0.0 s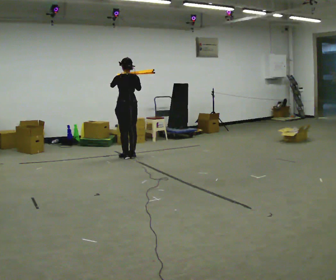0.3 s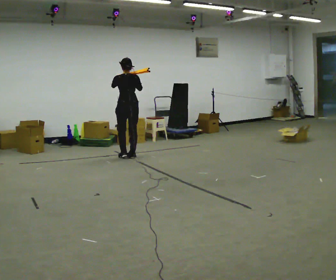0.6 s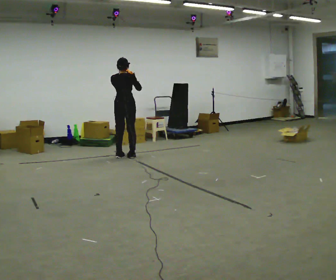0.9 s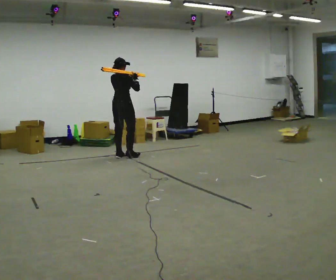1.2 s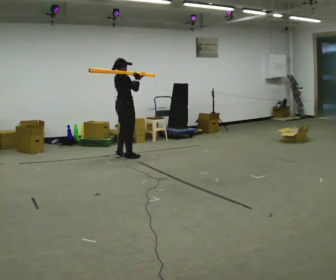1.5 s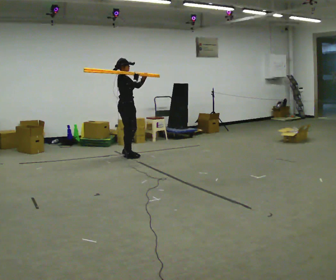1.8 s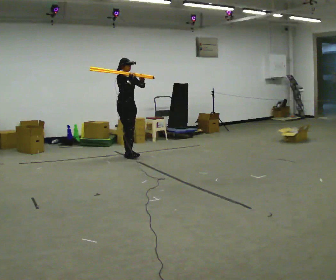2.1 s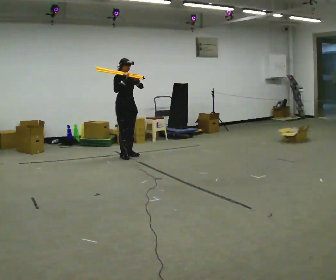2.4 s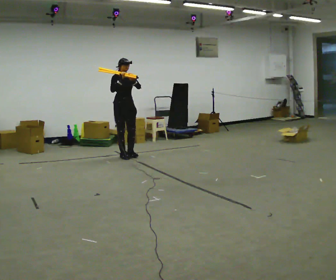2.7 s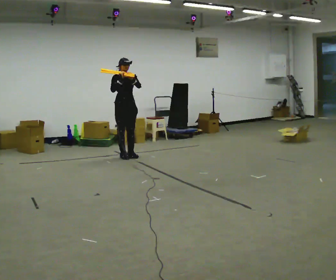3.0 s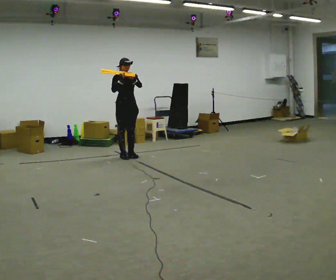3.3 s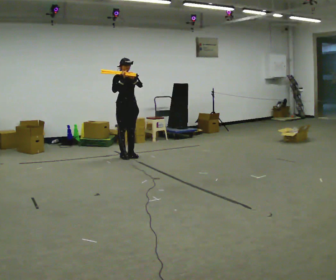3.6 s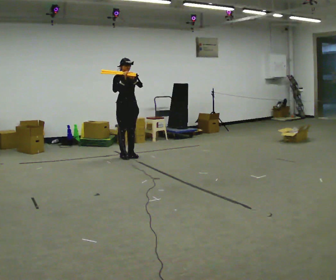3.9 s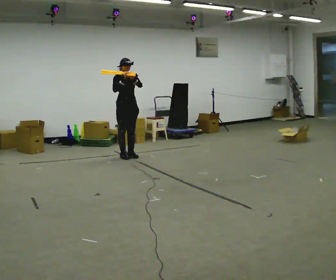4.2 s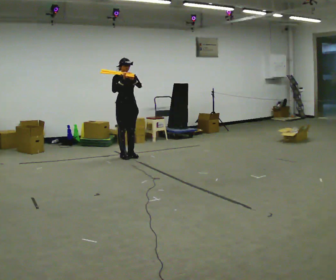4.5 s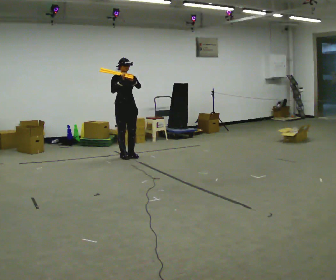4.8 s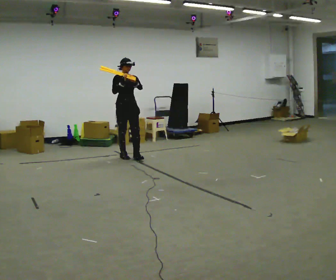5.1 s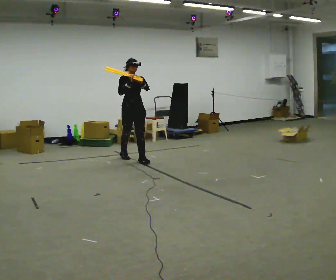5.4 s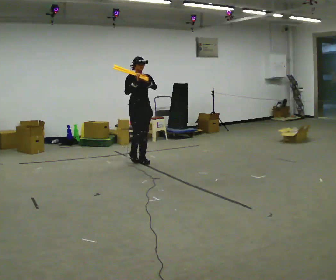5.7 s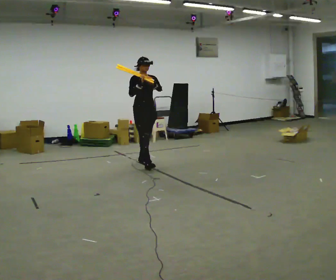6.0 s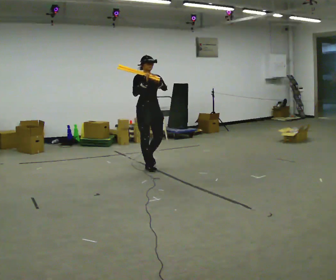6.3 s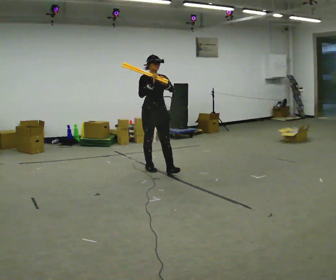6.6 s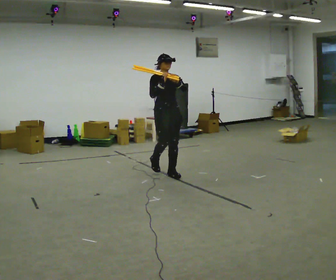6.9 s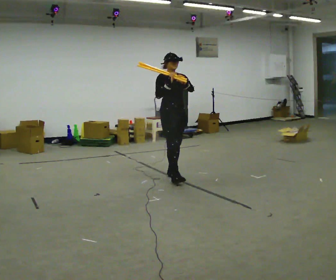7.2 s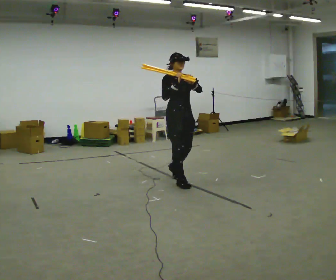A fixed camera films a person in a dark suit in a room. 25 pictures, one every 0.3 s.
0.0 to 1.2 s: Seen from above the body turns clockwise, about 90 degrees: to their right, with its near side sliding to the left. In the picture their left hand goes to the right.
1.2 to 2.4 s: Seen from above the body turns clockwise, about 90 degrees: to their right, with its near side sliding to the left.
2.4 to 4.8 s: The person moves a little, or ends about where they began.
4.8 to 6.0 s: In the picture they go toward the camera and to the right, about 1 m in 2 steps, which for them is forward.
6.0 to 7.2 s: In the picture they go toward the camera and to the right, about 1 m in 2 steps, which for them is forward.
The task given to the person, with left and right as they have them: Rest the long object on the shoulder the operator calls and carry it across the room, back and forth.
The film runs forward here.
